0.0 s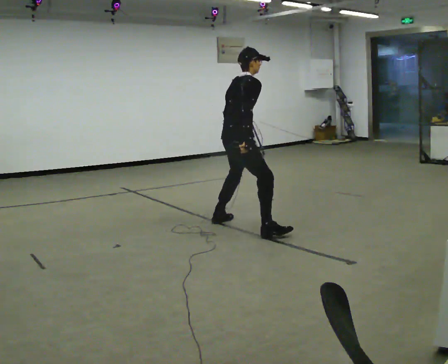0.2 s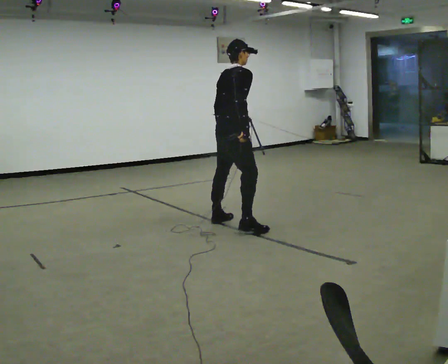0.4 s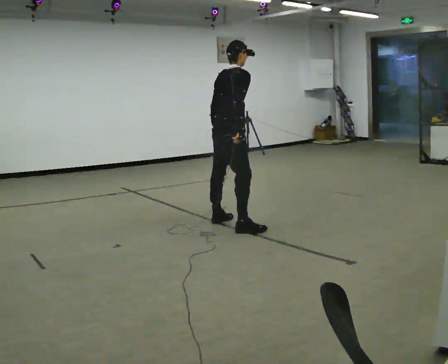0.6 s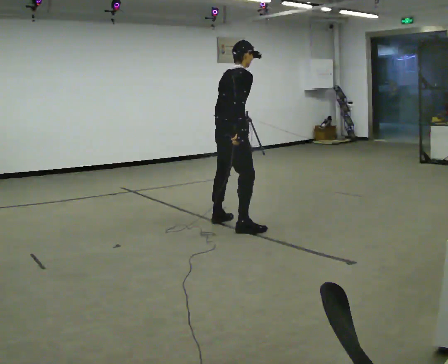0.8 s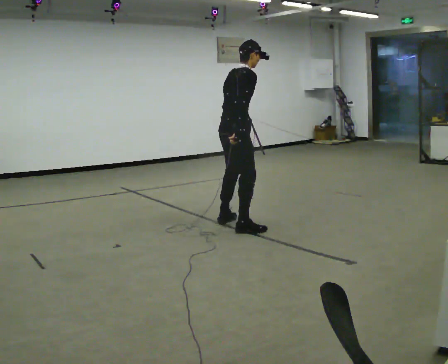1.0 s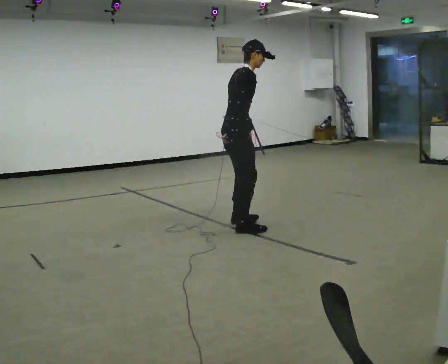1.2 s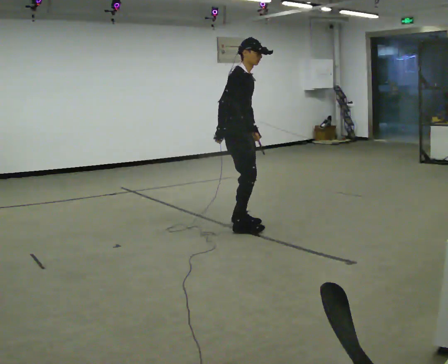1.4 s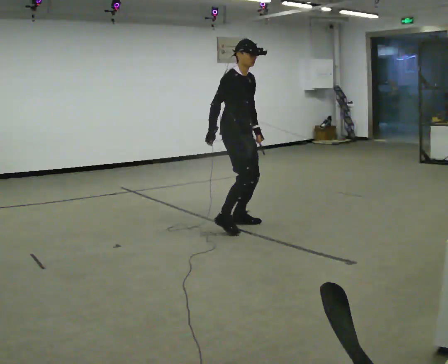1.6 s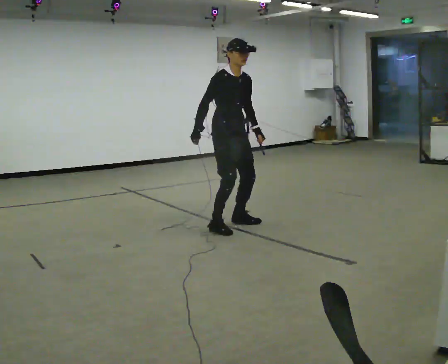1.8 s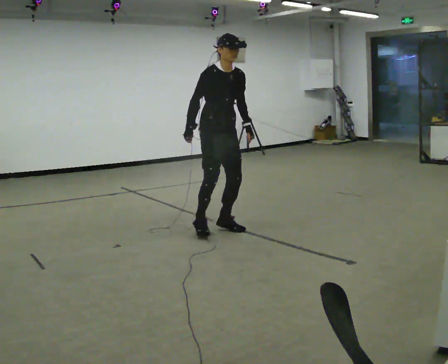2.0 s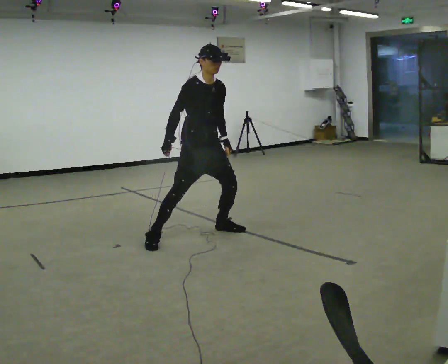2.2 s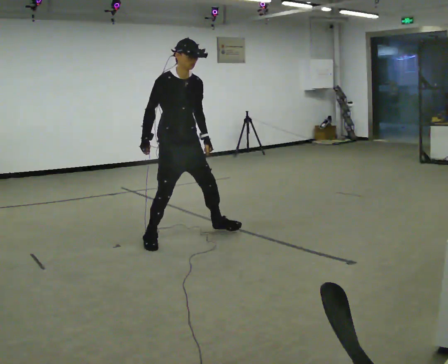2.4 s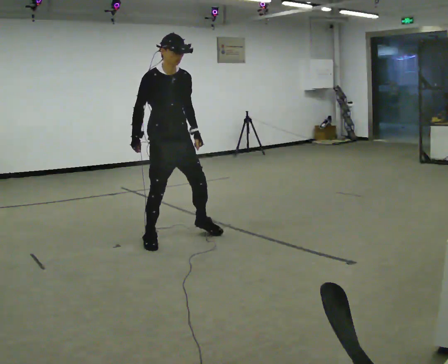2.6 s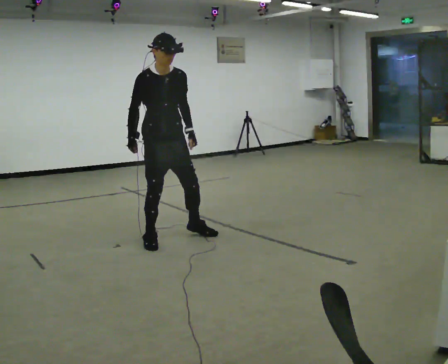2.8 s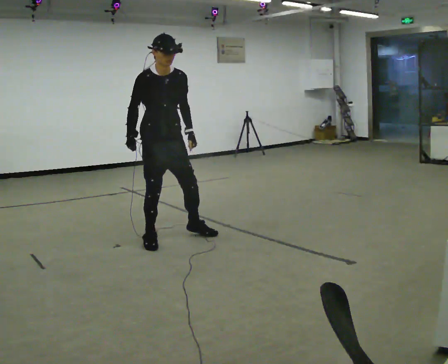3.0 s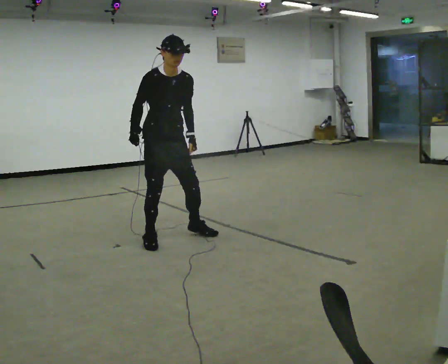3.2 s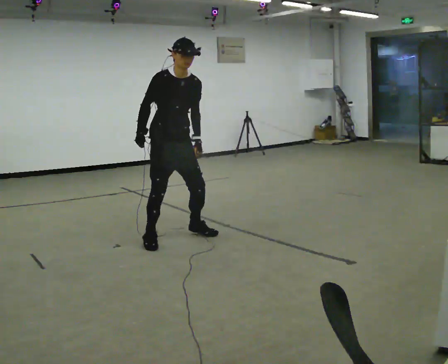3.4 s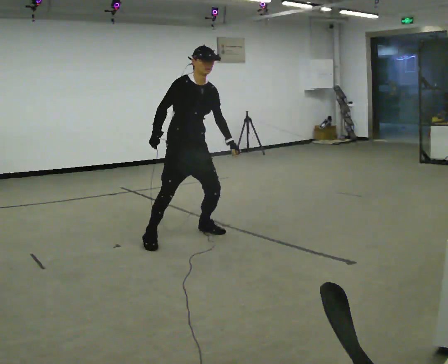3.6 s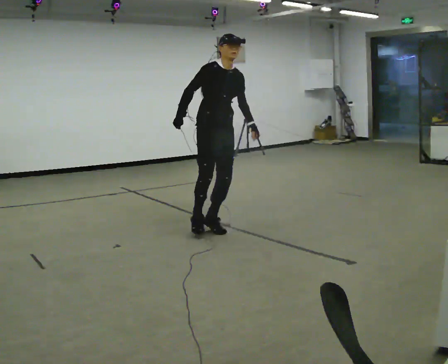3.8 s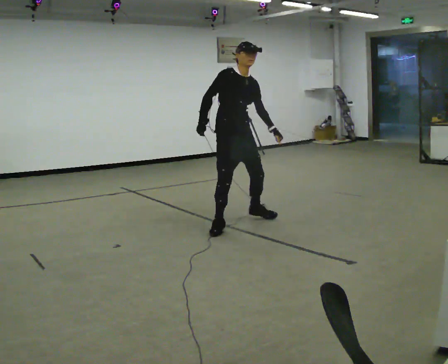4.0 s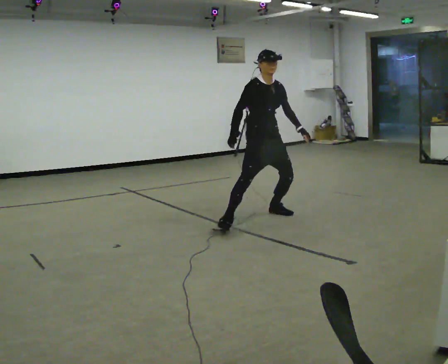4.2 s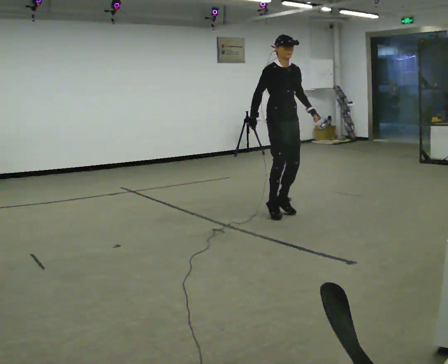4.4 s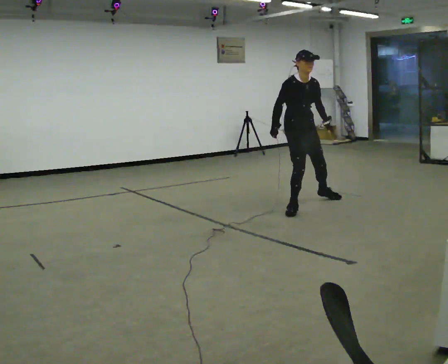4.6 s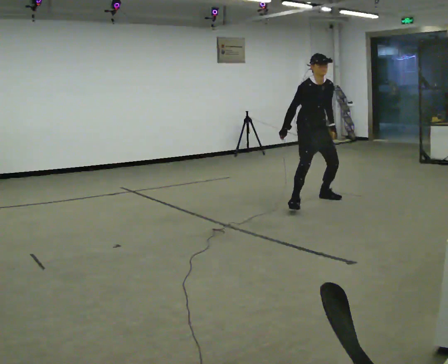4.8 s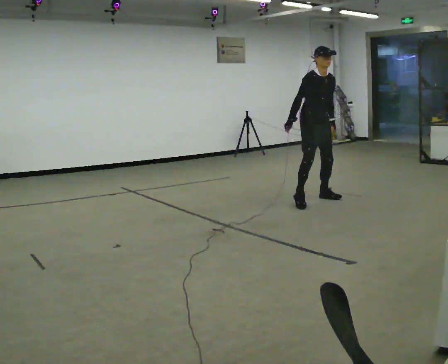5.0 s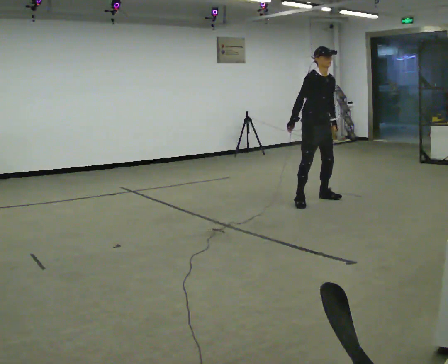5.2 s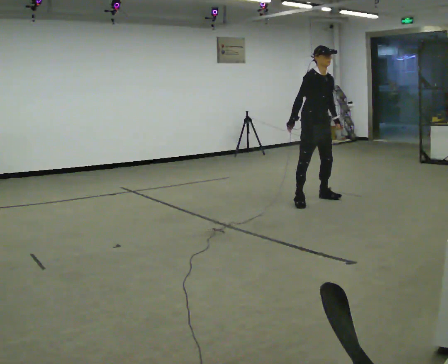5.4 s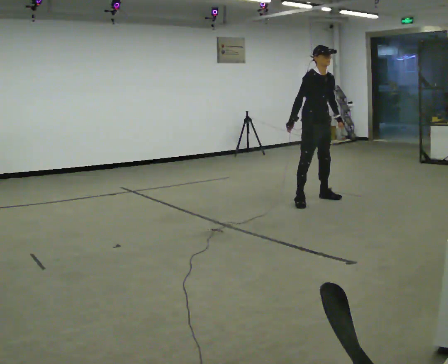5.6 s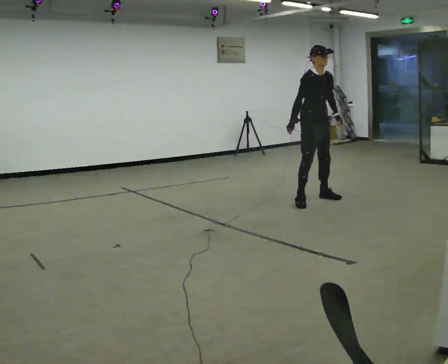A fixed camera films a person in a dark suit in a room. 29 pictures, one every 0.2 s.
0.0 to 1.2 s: The person turns about 45 degrees to their right, clockwise seen from above, so the part of the body nearest the lens slides to the left.
1.2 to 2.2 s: The person turns about 45 degrees to their right, clockwise seen from above, so the part of the body nearest the lens slides to the left. In the picture they go to the left and toward the camera, about 0.5 m in 3 steps, which for them is to their right.
2.2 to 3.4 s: The person moves a little, or ends about where they began.
3.4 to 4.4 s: In the picture they go to the right and away from the camera, about 1.5 m in 2 steps, which for them is to their left.
4.4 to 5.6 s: In the picture they go away from the camera and to the right, about 0.5 m in 1 step, which for them is to their left and backward.
The film runs backward here.
